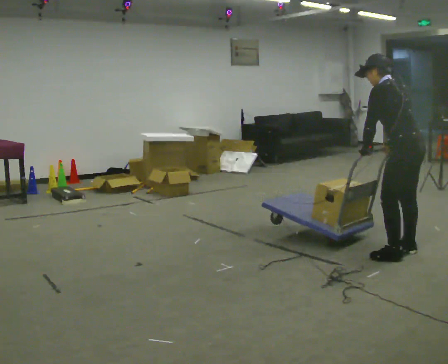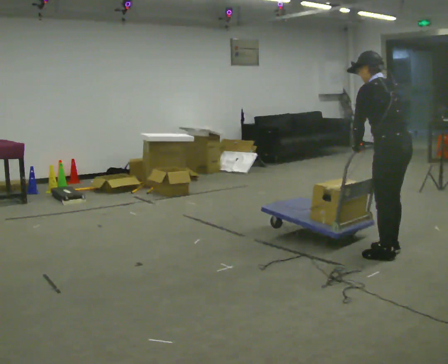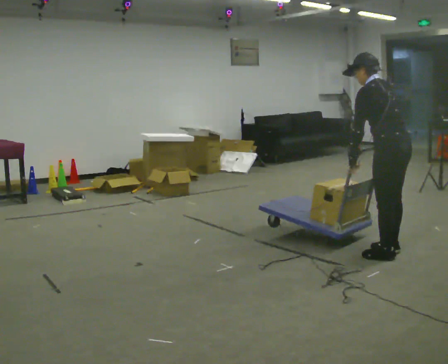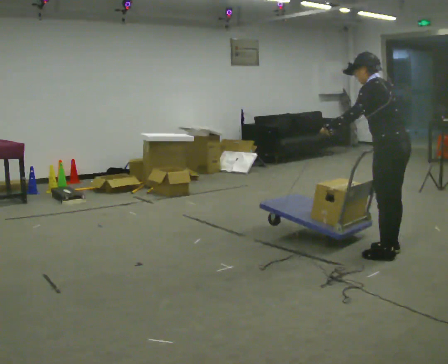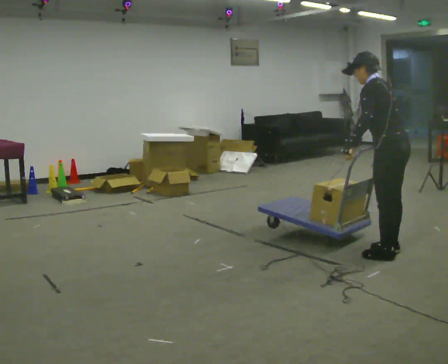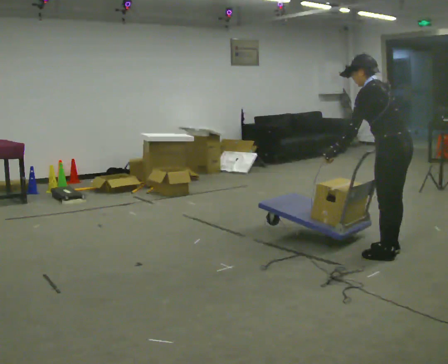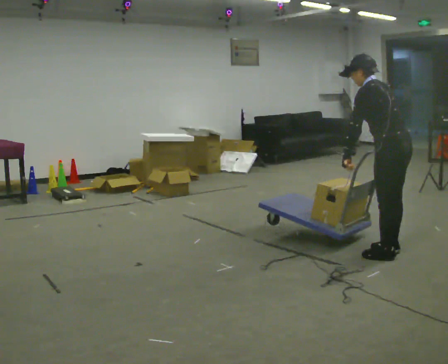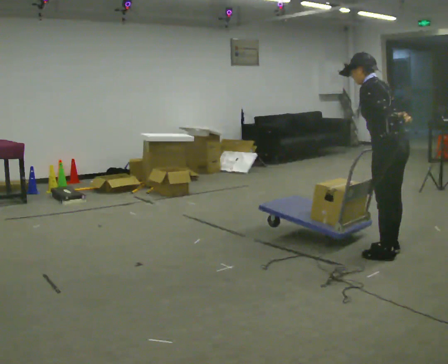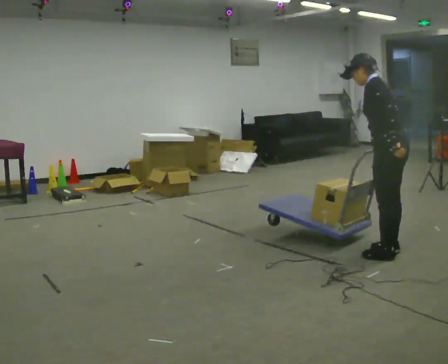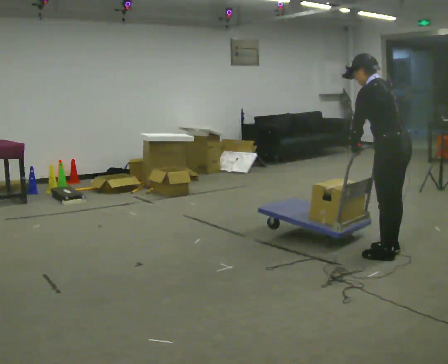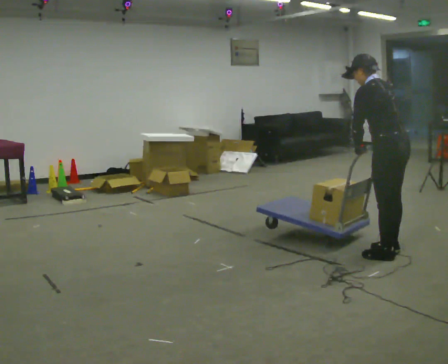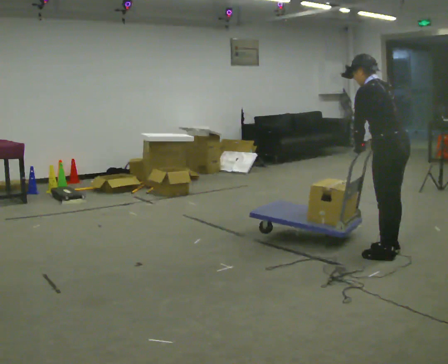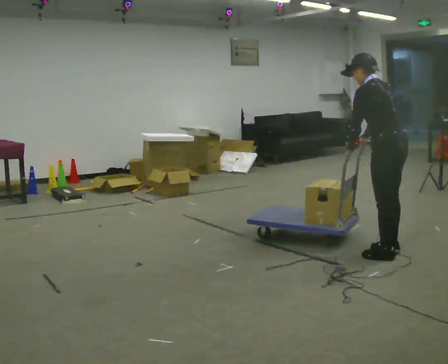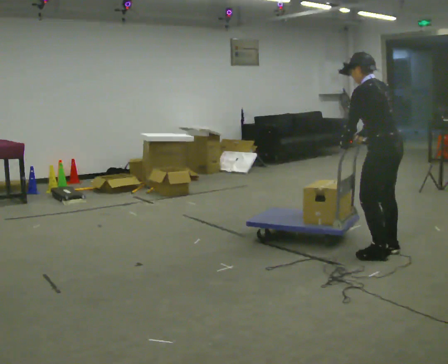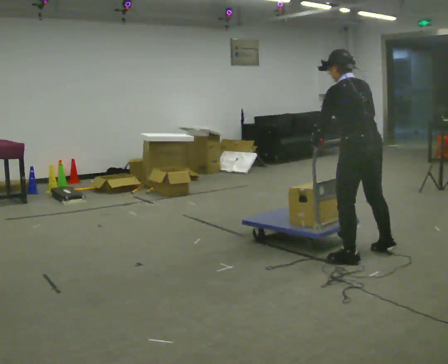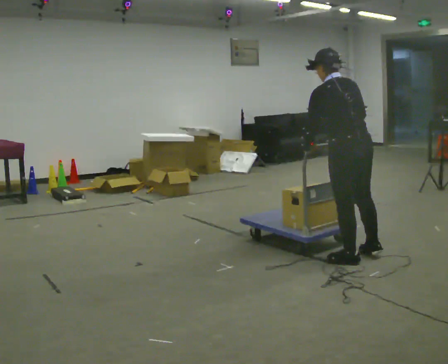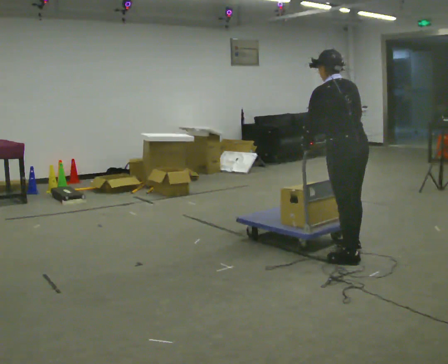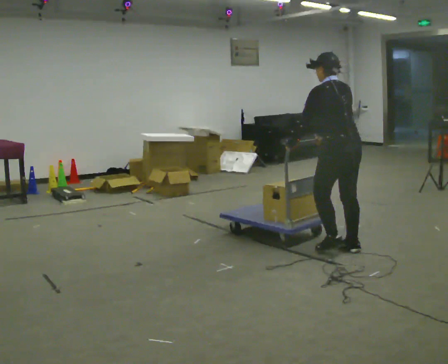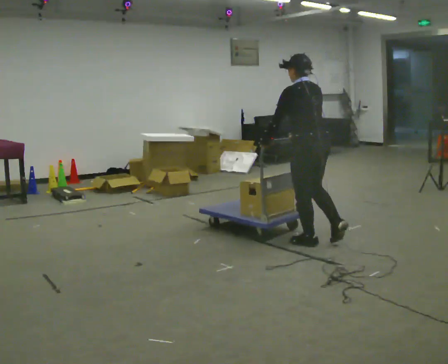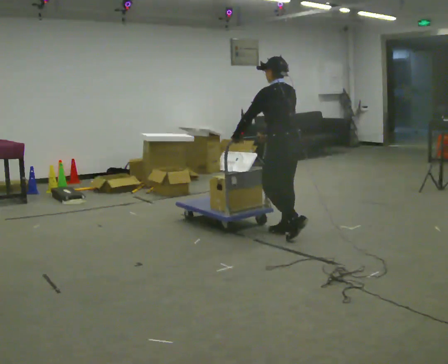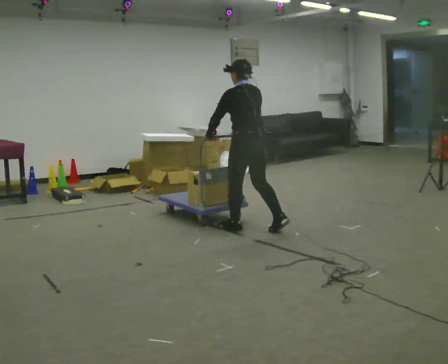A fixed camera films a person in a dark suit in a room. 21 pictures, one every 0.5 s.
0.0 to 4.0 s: The person moves a little, or ends about where they began.
4.0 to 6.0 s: In the picture their left hand goes to the left.
6.0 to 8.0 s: In the picture they go to the left, about 0.25 m in 2 steps, which for them is to their left and forward.
8.0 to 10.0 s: In the picture they go to the left and away from the camera, about 1 m in 3 steps, which for them is forward.
The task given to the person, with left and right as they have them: Stand still with your hands on the cart. When the operator says go, get it moving, push it a few metres, then bring it to a stop. Repeat until the operator says stop.
The film runs forward here.
